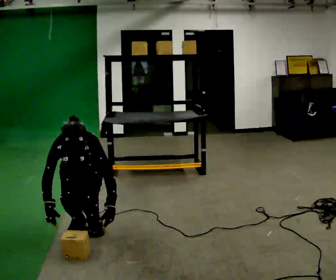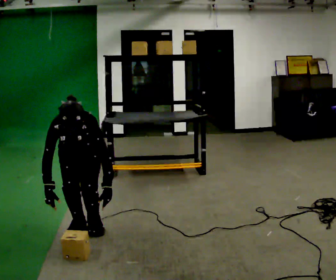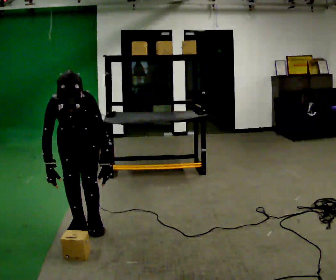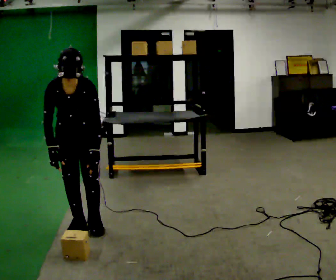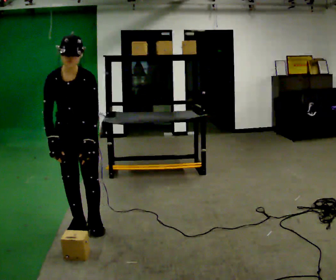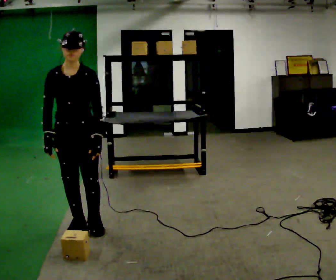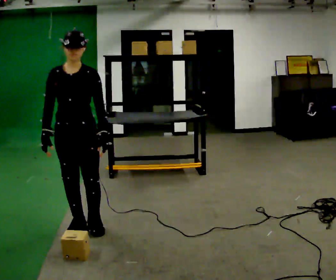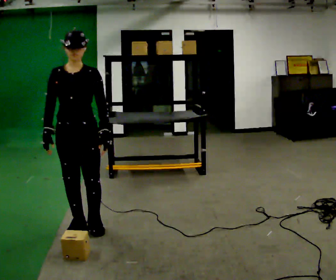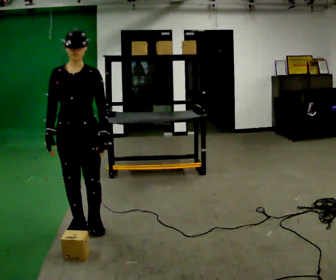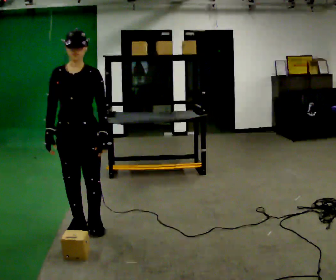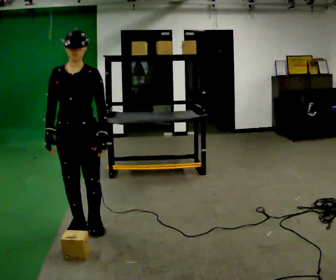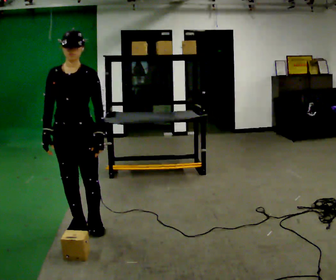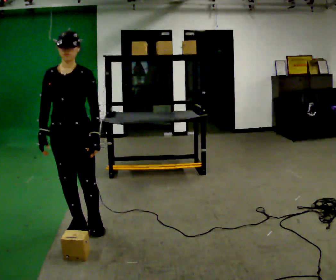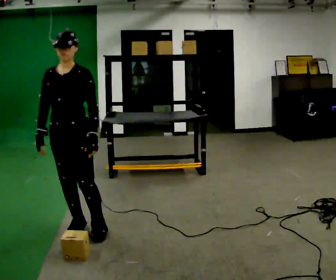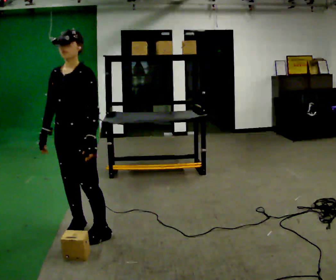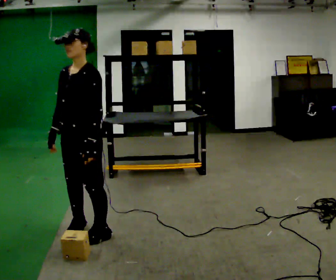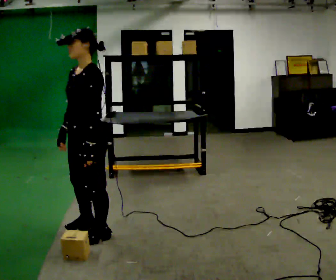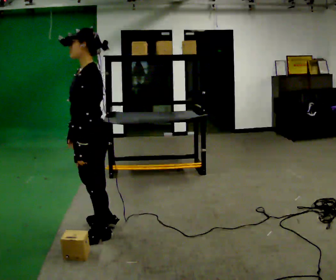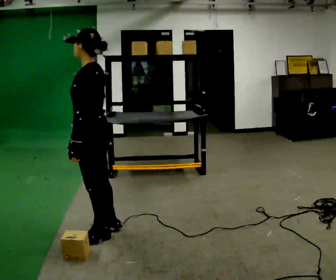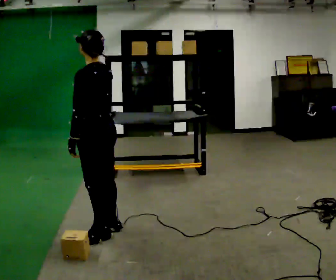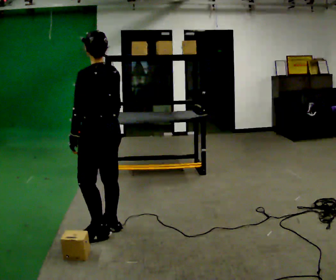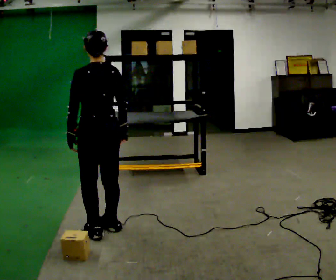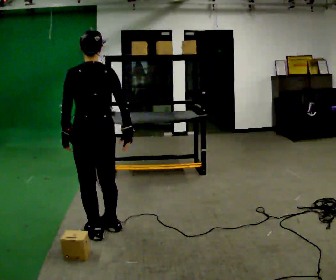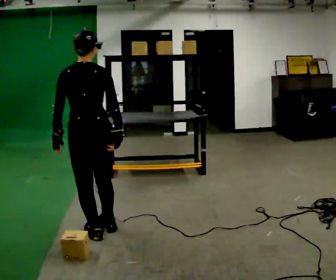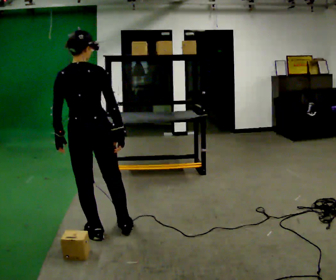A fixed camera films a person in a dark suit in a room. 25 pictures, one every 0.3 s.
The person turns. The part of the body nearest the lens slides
to the left.
The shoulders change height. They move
upward.
0.0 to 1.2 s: The upper body goes upward. The upper body tips away from the camera, its near side rolling upward, as they lean back or straighten. In the picture their left hand goes upward.
1.2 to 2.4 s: The upper body tips away from the camera, its near side rolling upward, as they lean back or straighten.
2.4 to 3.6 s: The person moves a little, or ends about where they began.
3.6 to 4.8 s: The person turns about 60 degrees to their right, clockwise seen from above, so the part of the body nearest the lens slides to the left. In the picture they go toward the camera, about 0.25 m in 1 step, which for them is to their left.
4.8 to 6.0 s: The part of the body nearest the lens slides to the left as the person turns to their right by about 75 degrees. In the picture their right hand goes to the right.
6.0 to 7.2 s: The part of the body nearest the lens slides to the left as the person turns to their right by about 45 degrees.
The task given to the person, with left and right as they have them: Take an object down from the highest shelf you can comfortably reach, carry it across the room, and set it on the floor. Keep going until the operator says stop; one object at a time, and do not rush between trips.
The film runs forward here.
